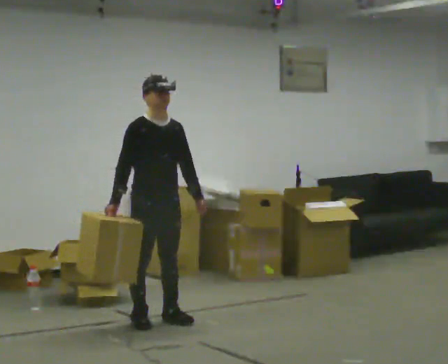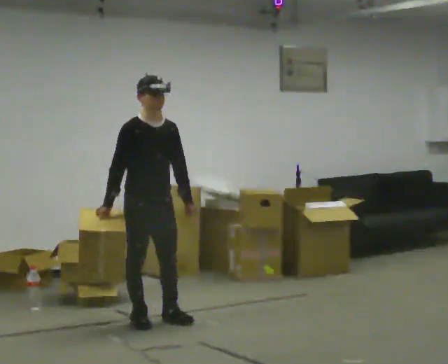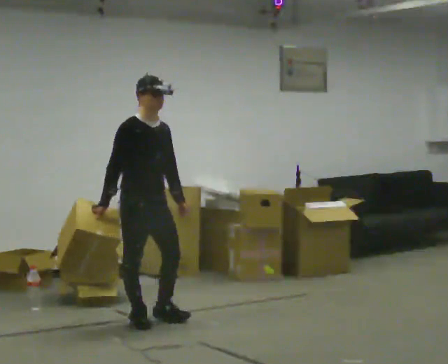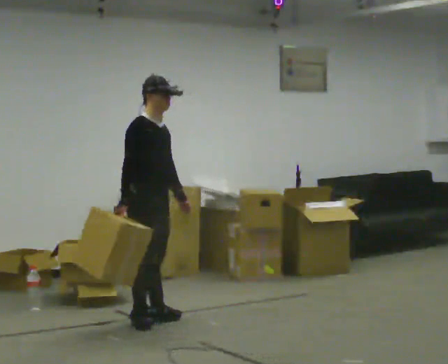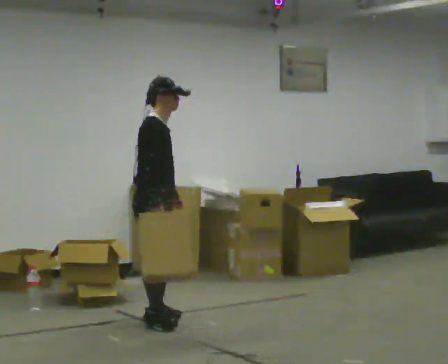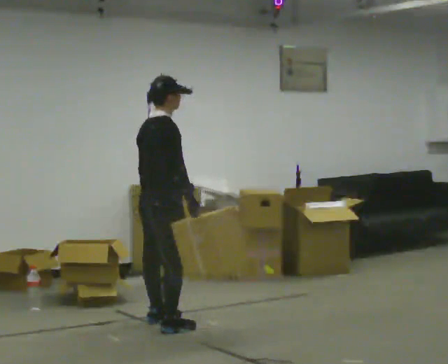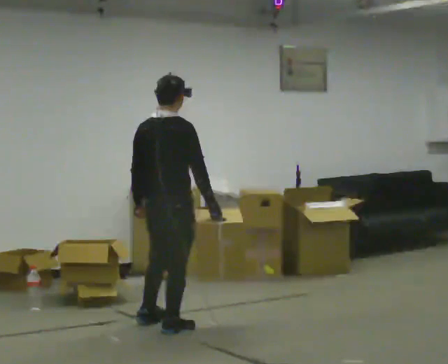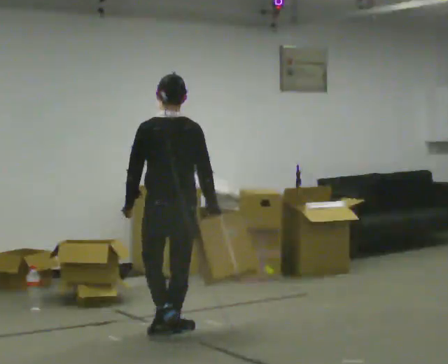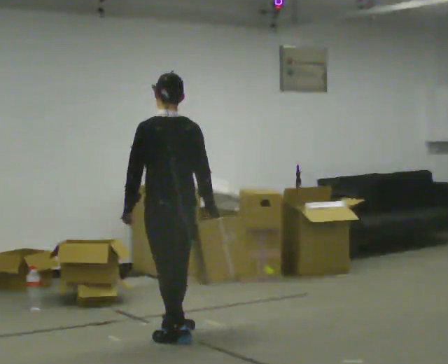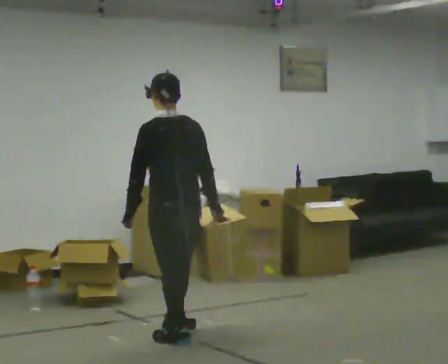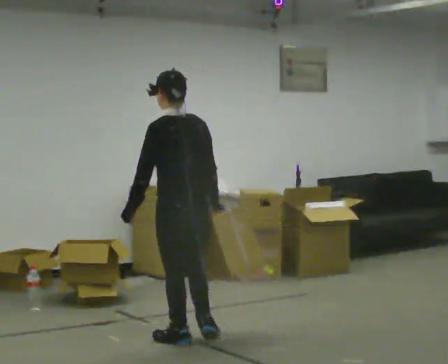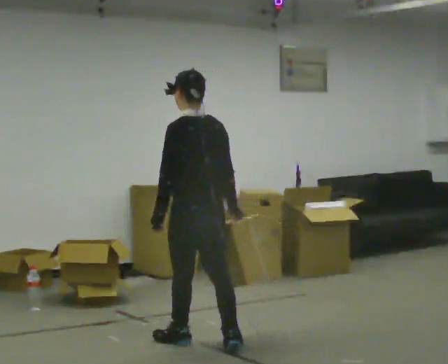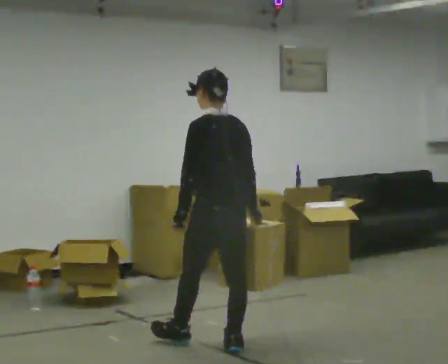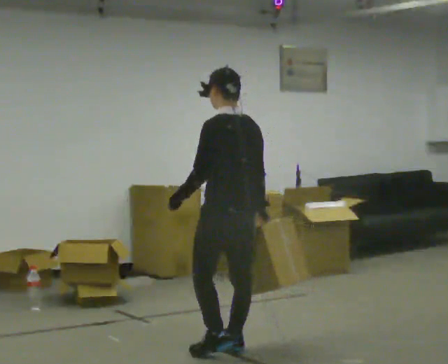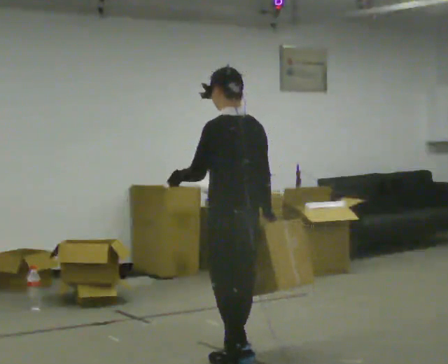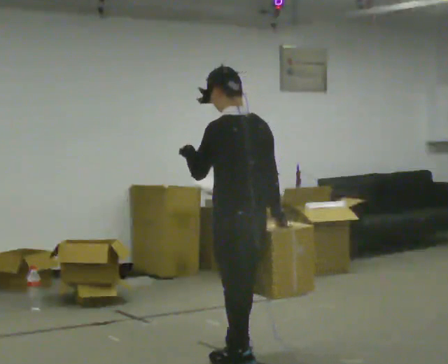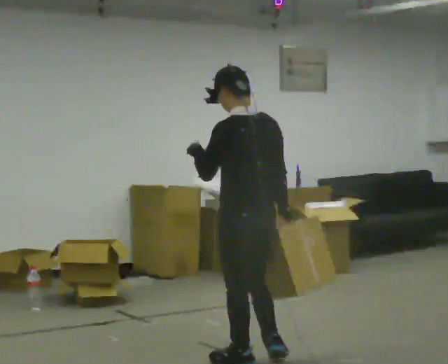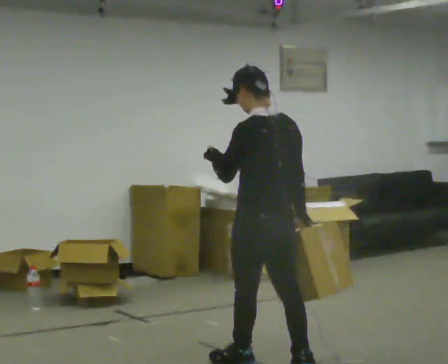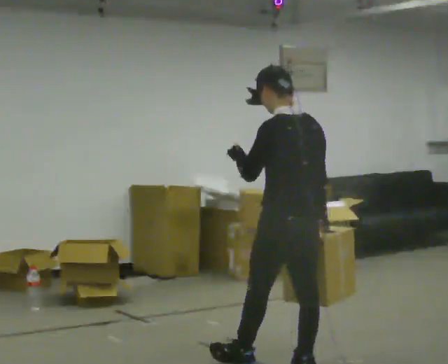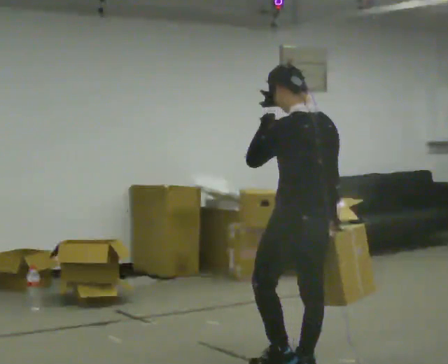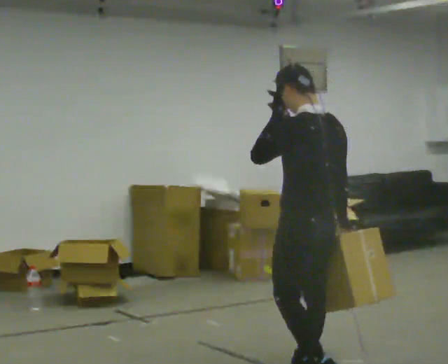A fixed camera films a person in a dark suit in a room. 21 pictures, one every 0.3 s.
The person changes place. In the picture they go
toward the camera.
The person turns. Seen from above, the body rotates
counterclockwise.
0.0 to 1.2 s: The person turns about 45 degrees to their left, counterclockwise seen from above, so the part of the body nearest the lens slides to the right.
1.2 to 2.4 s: The part of the body nearest the lens slides to the right as the person turns to their left by about 120 degrees. In the picture they go toward the camera and to the right, about 0.5 m in 1 step.
2.4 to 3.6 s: In the picture they go toward the camera and to the right, about 0.5 m in 1 step, which for them is backward.
3.6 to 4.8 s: In the picture they go toward the camera, about 0.5 m in 2 steps, which for them is backward. In the picture their left hand goes upward.
4.8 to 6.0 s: In the picture they go to the right and toward the camera, about 0.5 m in 1 step, which for them is backward.
The film runs backward here.
